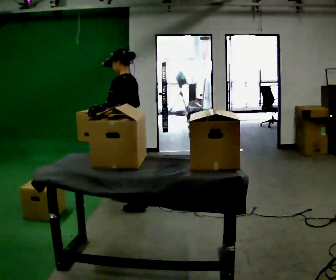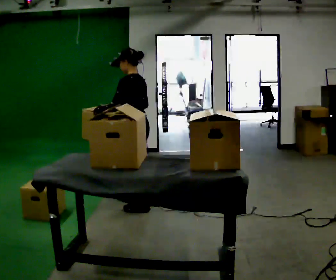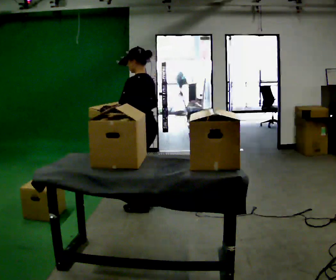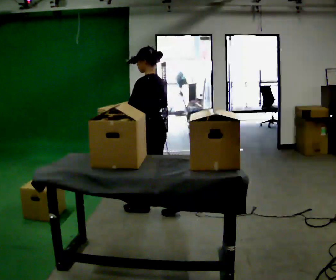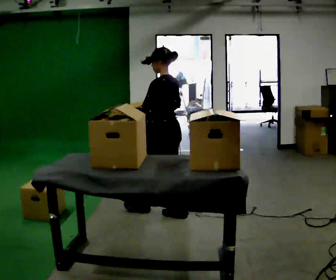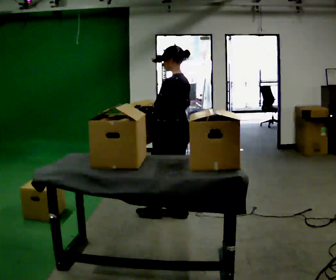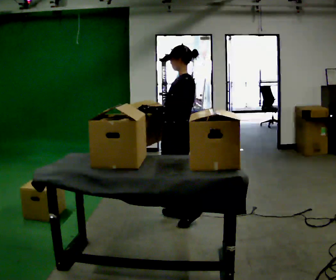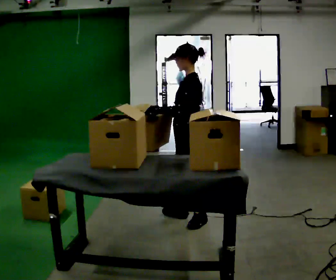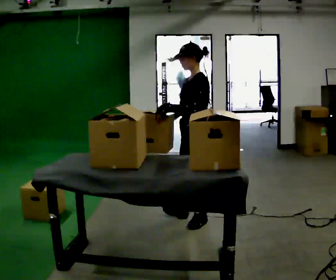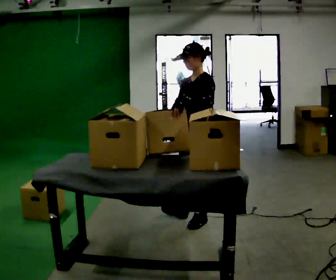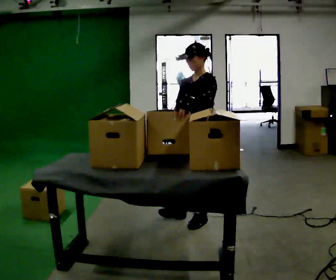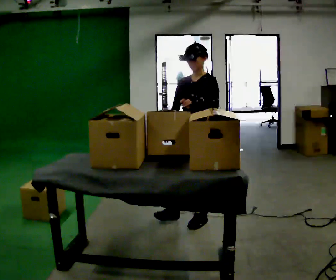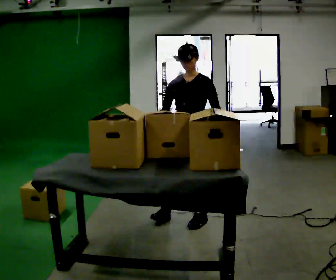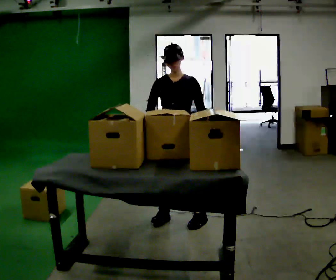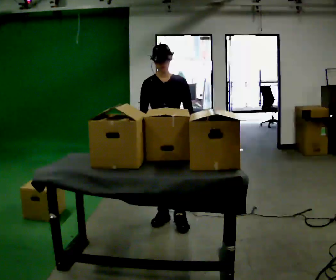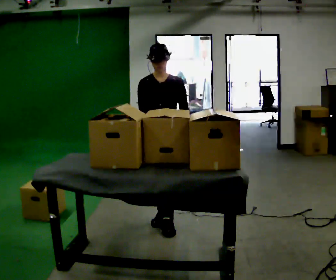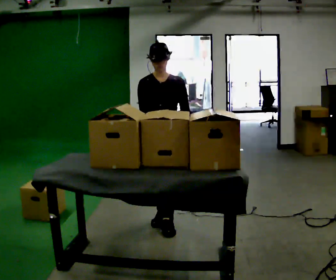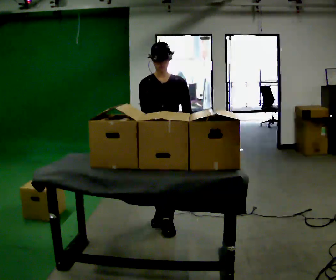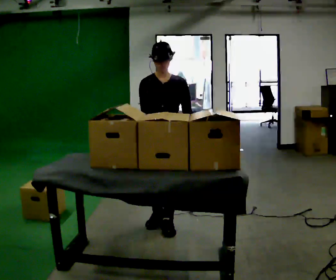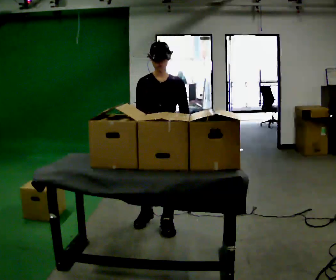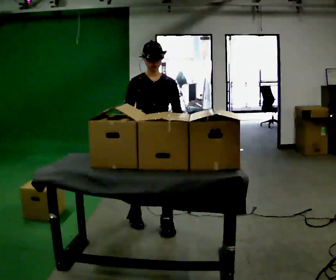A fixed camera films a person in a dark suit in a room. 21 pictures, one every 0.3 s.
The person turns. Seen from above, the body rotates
counterclockwise.
The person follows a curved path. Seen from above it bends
clockwise.
0.0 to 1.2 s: In the picture they go to the right and toward the camera, about 0.5 m in 1 step, which for them is backward.
1.2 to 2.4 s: The part of the body nearest the lens slides to the right as the person turns to their left by about 45 degrees. In the picture they go to the right and toward the camera, about 0.25 m in 1 step, which for them is backward.
2.4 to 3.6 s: Seen from above the body turns counterclockwise, about 45 degrees: to their left, with its near side sliding to the right. In the picture their left hand goes to the right.
3.6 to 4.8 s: In the picture they go to the left, about 0.25 m in 1 step, which for them is to their right.
4.8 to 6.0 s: The person moves a little, or ends about where they began.
The film runs backward here.
